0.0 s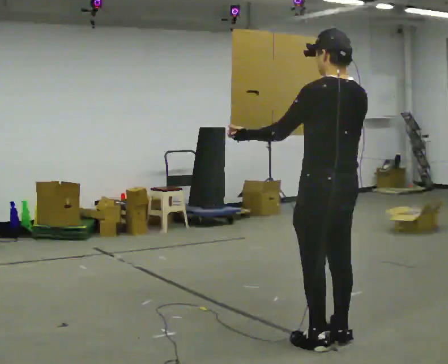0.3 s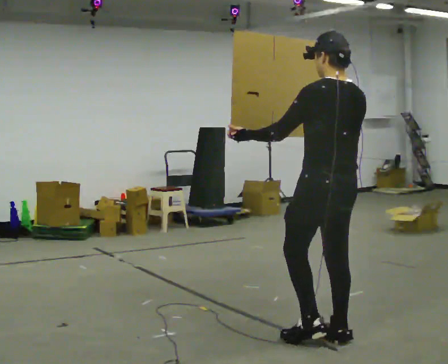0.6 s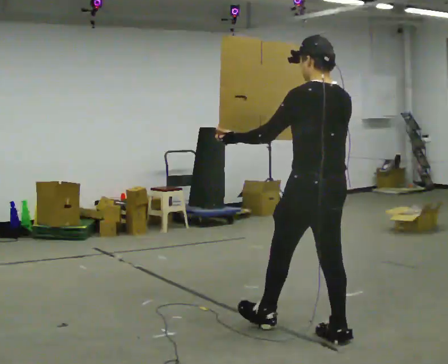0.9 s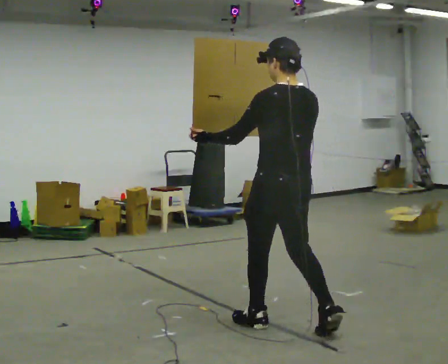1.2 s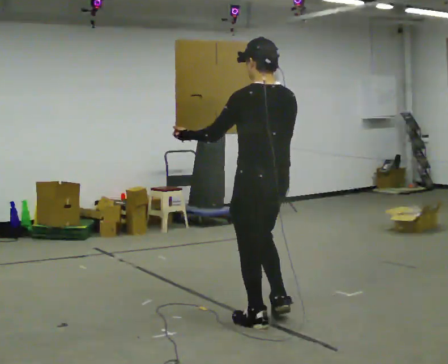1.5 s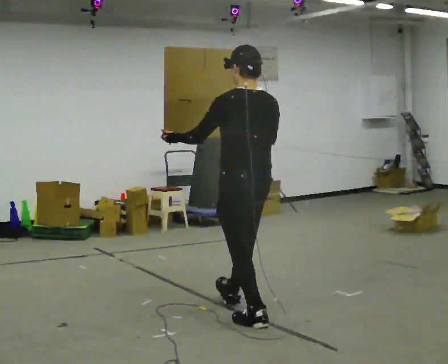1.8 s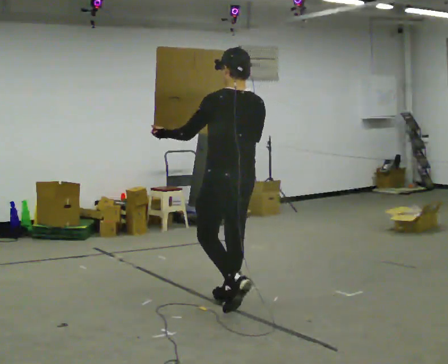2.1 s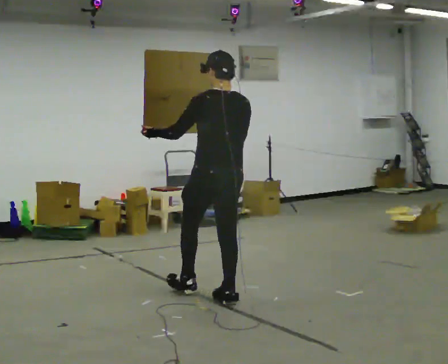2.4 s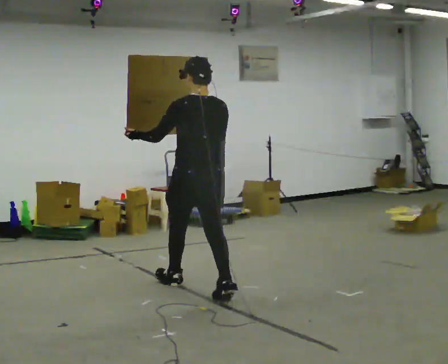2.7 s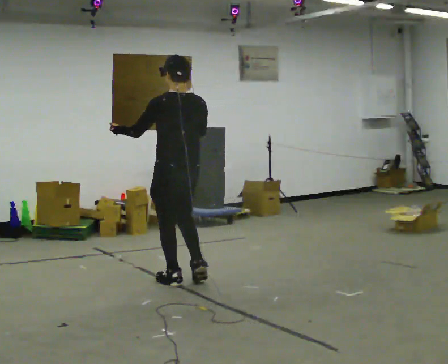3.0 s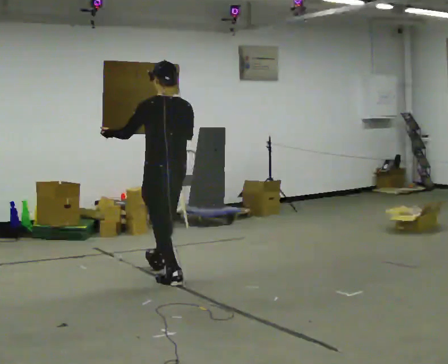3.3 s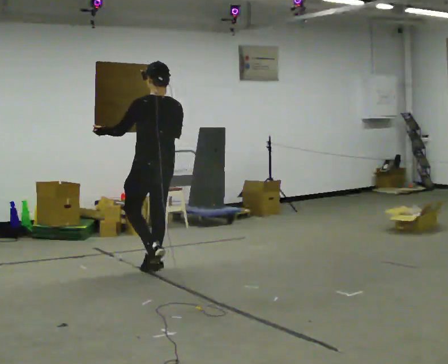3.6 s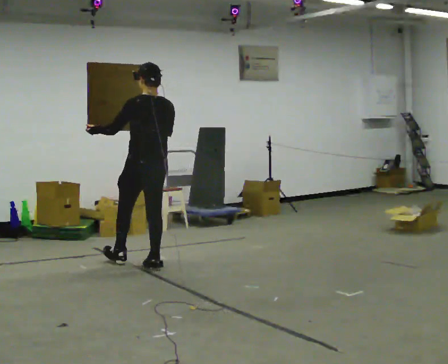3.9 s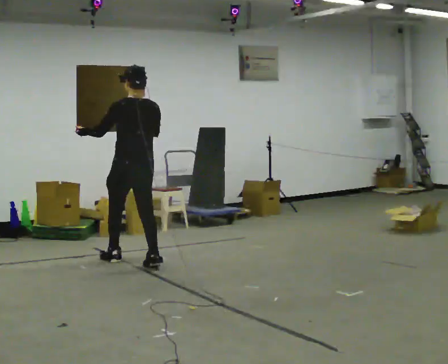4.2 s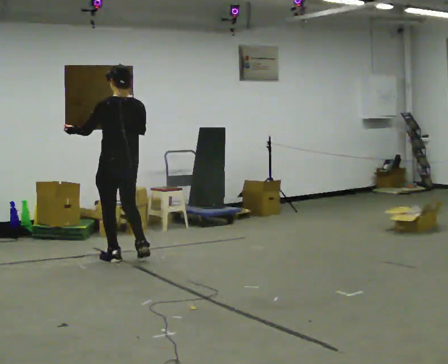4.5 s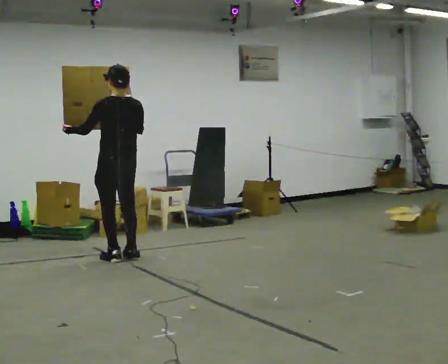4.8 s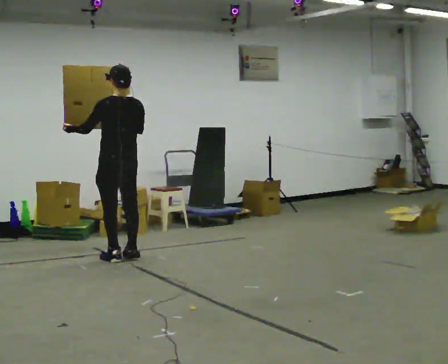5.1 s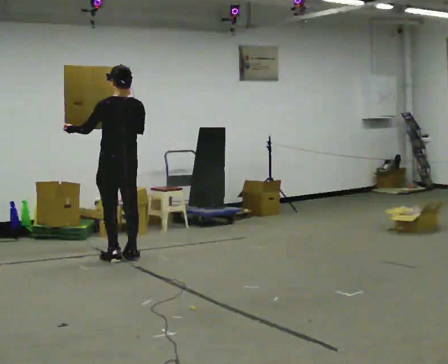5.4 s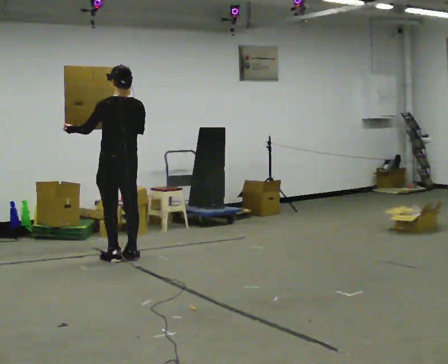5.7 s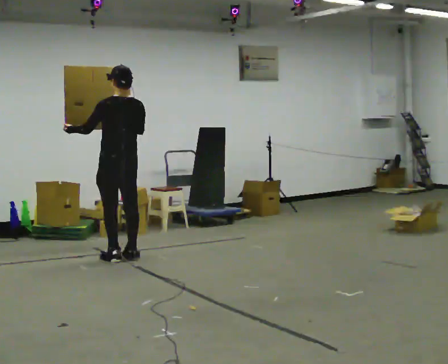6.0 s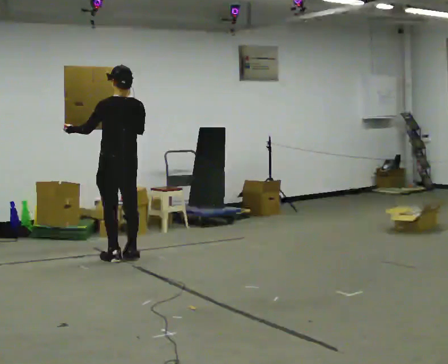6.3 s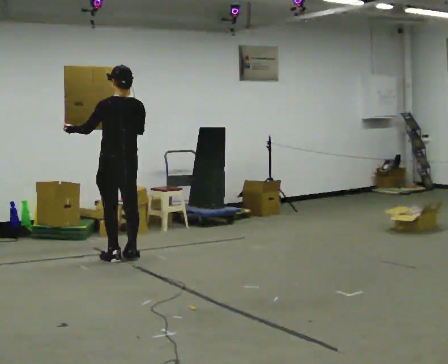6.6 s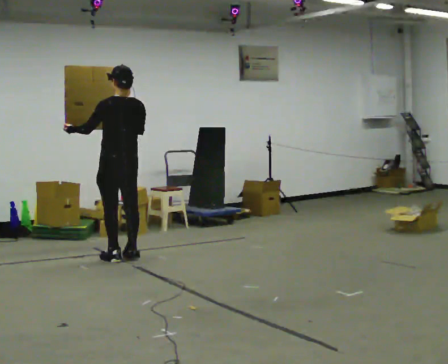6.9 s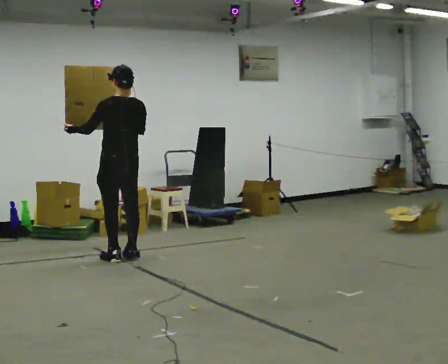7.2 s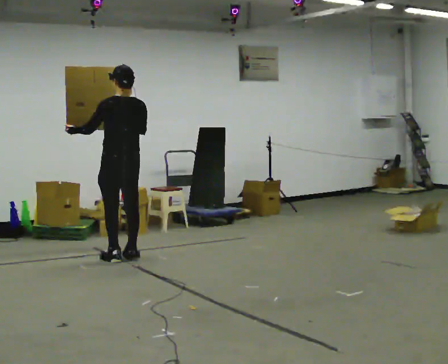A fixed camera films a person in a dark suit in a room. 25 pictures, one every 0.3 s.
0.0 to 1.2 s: In the picture they go away from the camera and to the left, about 0.5 m in 1 step, which for them is forward.
1.2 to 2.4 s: In the picture they go away from the camera and to the left, about 1 m in 2 steps, which for them is forward.
2.4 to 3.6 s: In the picture they go away from the camera and to the left, about 1 m in 1 step, which for them is forward.
3.6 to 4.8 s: In the picture they go away from the camera and to the left, about 0.5 m in 2 steps, which for them is forward.
4.8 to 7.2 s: The person keeps their place and pose.
The film runs forward here.
